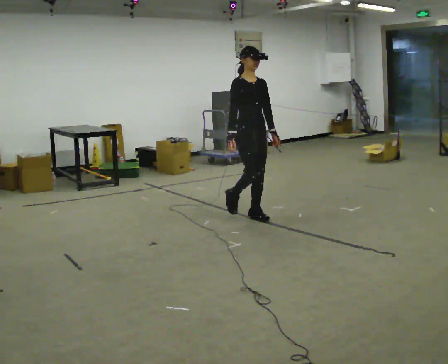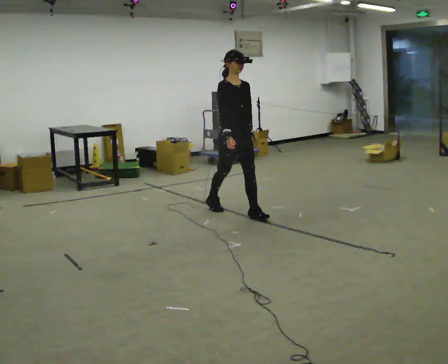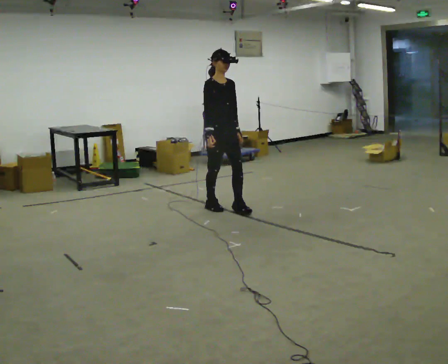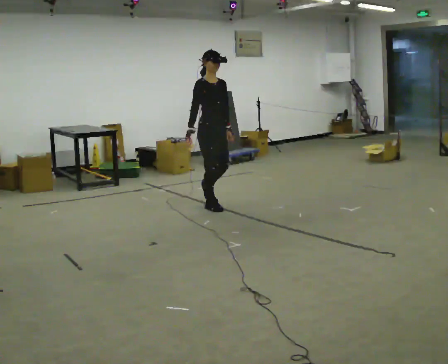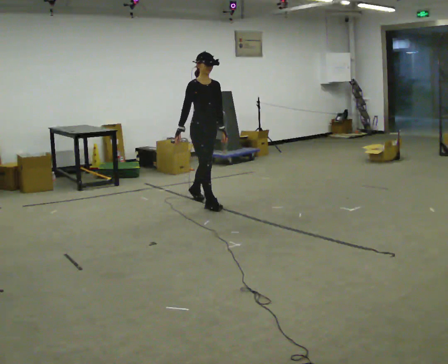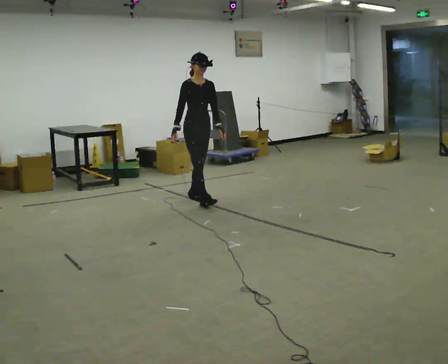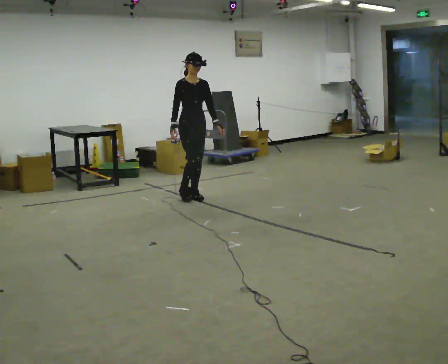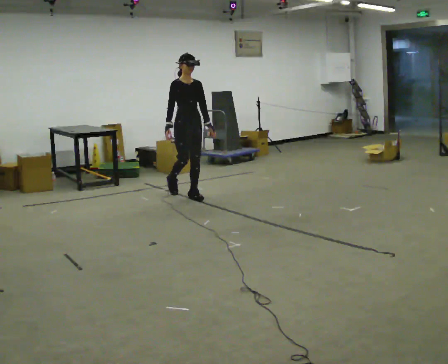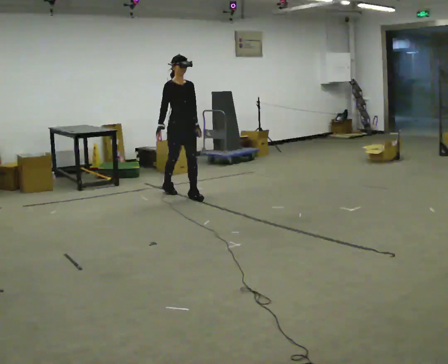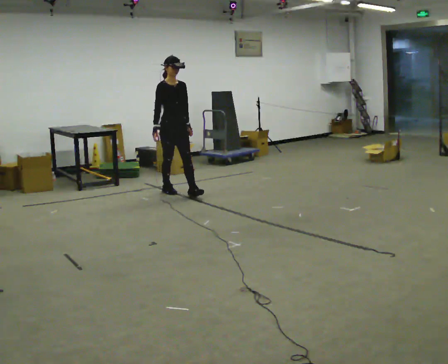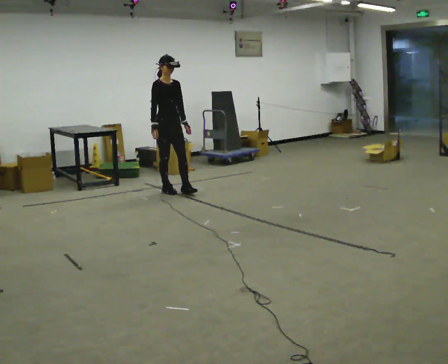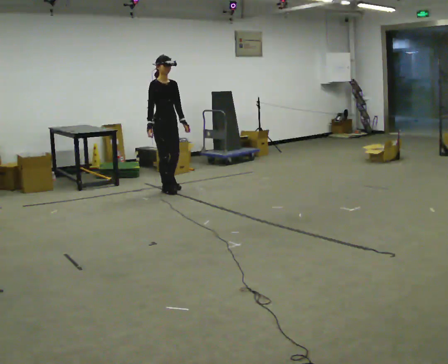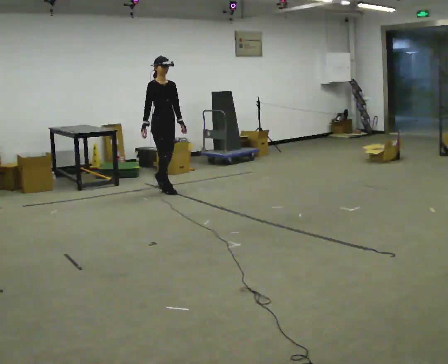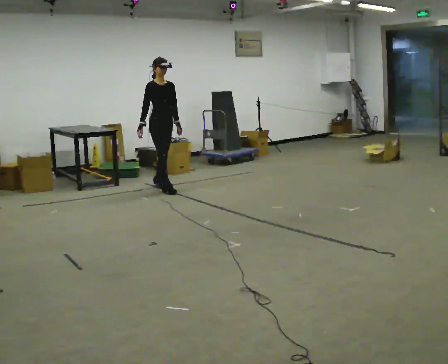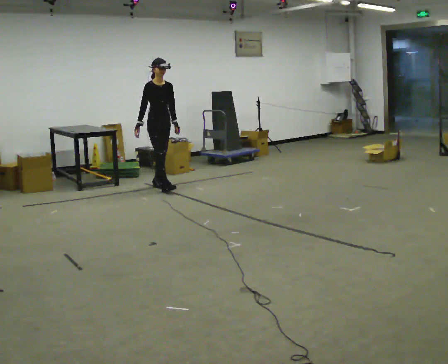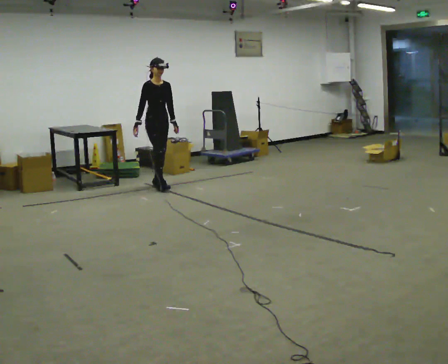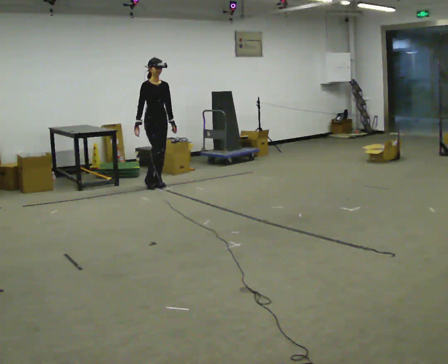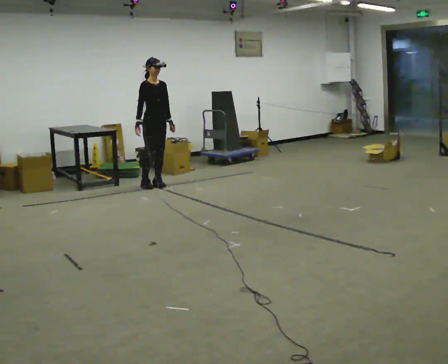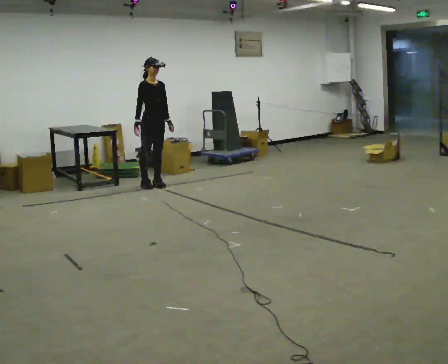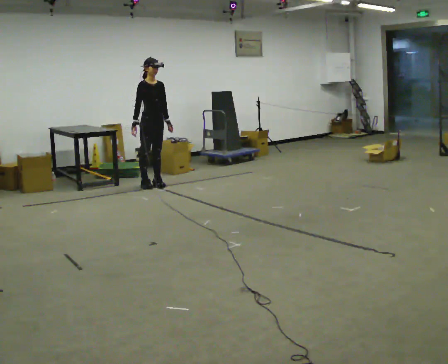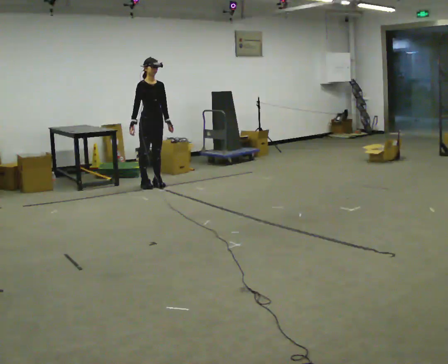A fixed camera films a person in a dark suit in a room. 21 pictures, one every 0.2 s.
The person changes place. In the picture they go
away from the camera.
0.0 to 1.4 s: In the picture they go away from the camera and to the left, about 1 m in 2 steps, which for them is backward.
1.4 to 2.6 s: In the picture they go away from the camera and to the left, about 0.5 m in 1 step, which for them is backward.
2.6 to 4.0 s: In the picture they go away from the camera, about 0.25 m in 1 step, which for them is backward.
The film runs backward here.
